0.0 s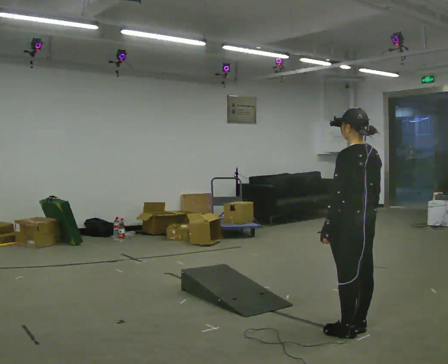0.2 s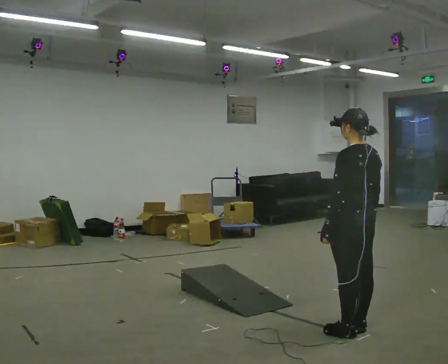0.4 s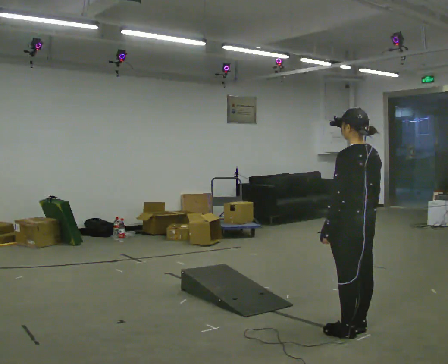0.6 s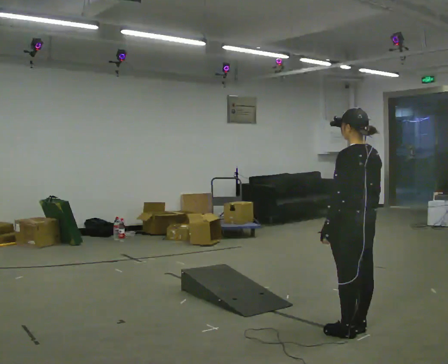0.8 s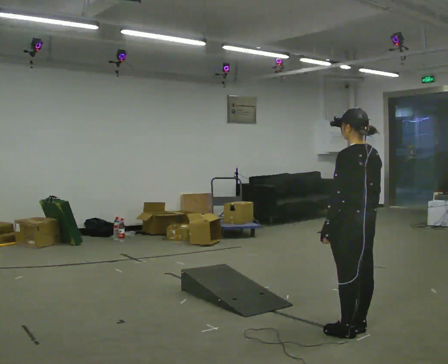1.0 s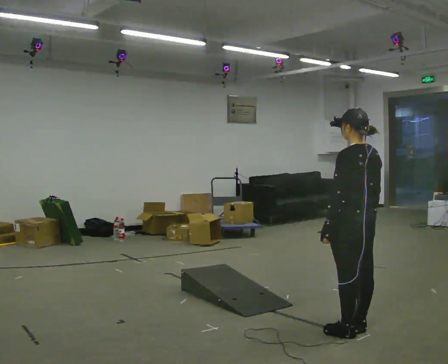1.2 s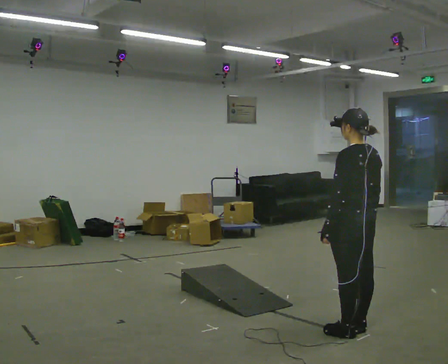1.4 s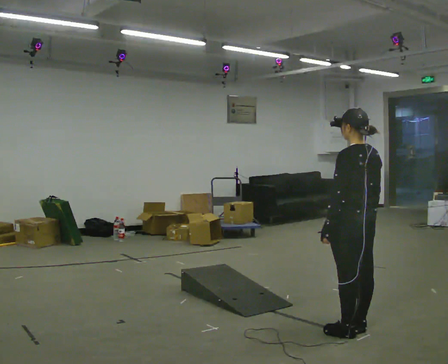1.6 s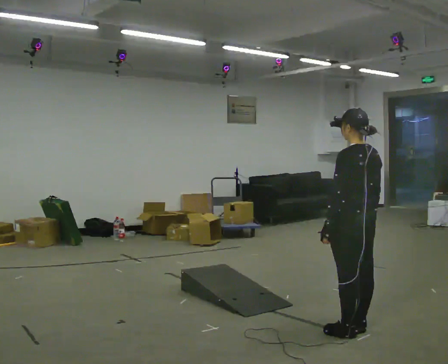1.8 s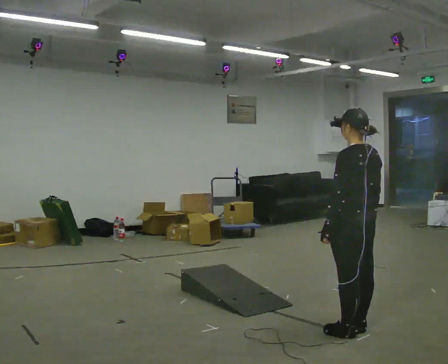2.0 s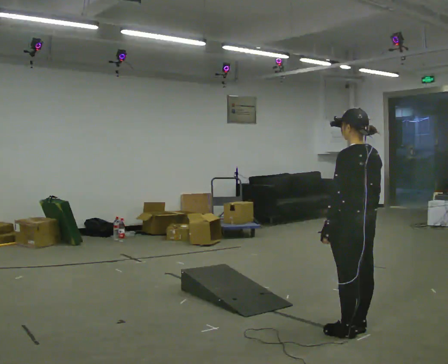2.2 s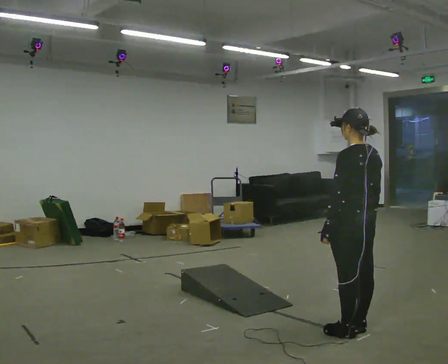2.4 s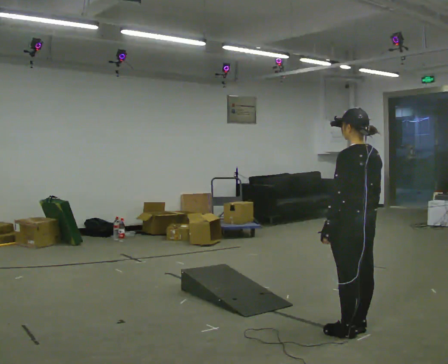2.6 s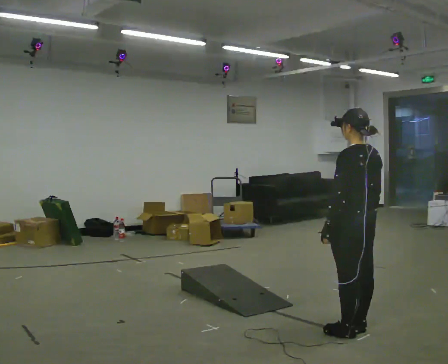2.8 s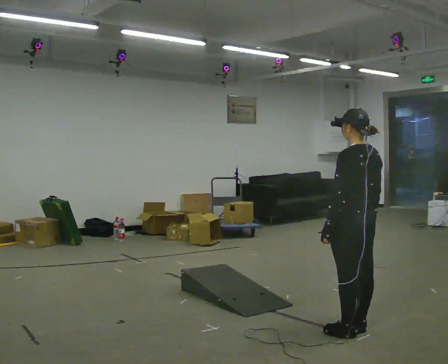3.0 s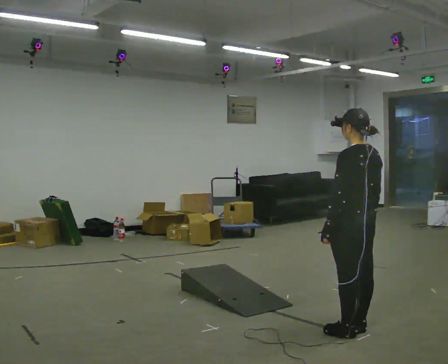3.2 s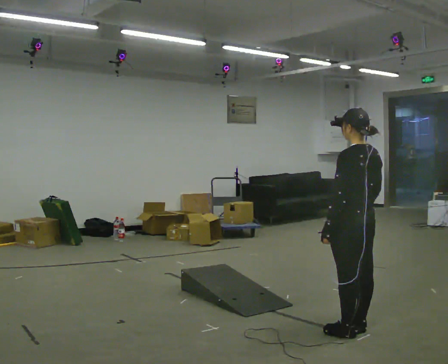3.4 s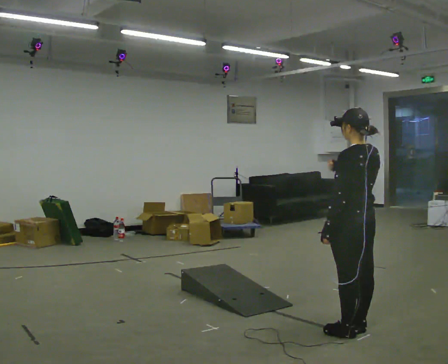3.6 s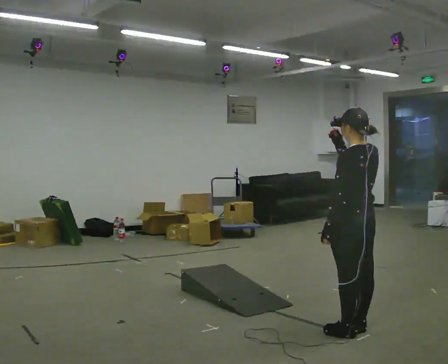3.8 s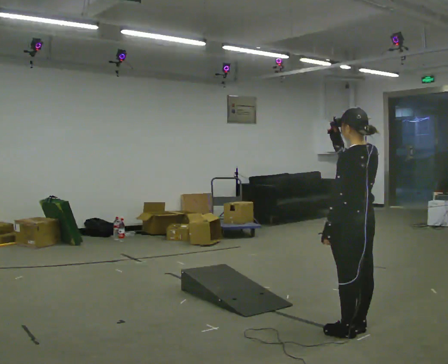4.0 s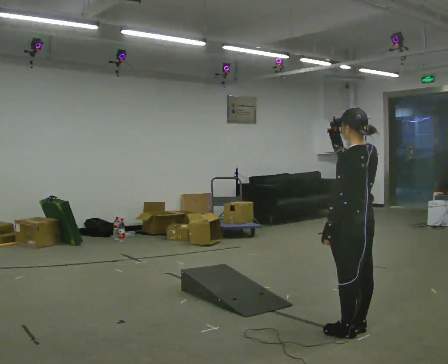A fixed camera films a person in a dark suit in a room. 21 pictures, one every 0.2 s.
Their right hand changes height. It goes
upward.
0.0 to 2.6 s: The person keeps their place and pose.
2.6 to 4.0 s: In the picture their right hand goes upward.
The film runs forward here.
